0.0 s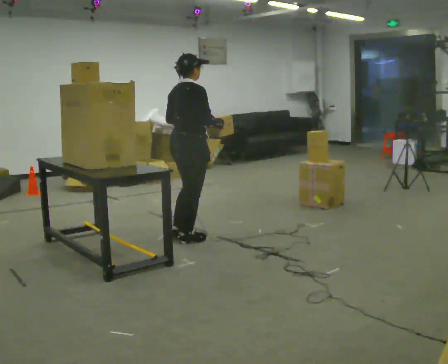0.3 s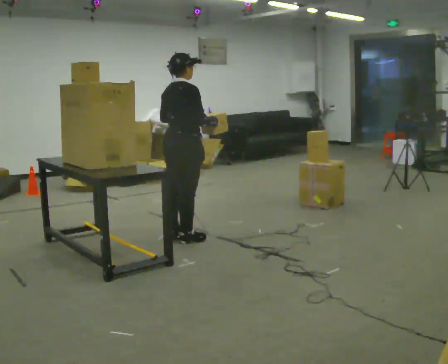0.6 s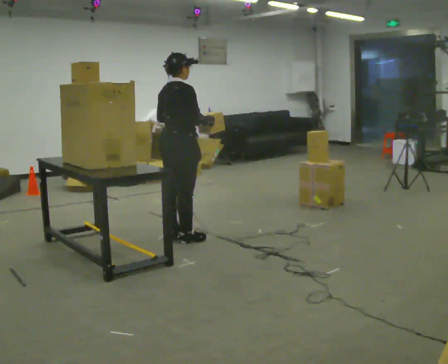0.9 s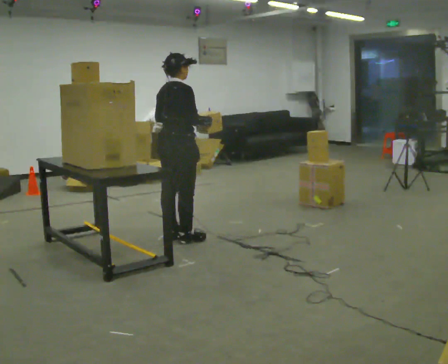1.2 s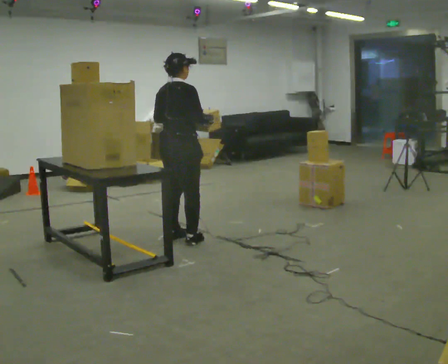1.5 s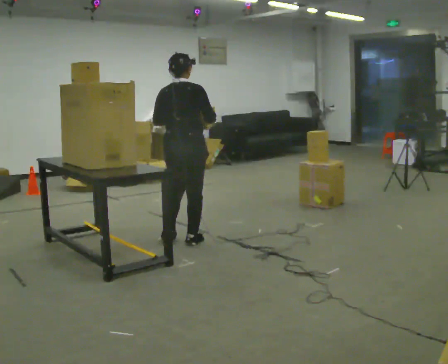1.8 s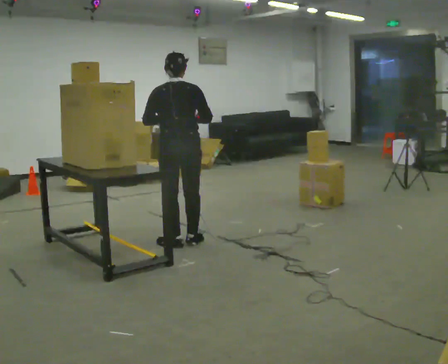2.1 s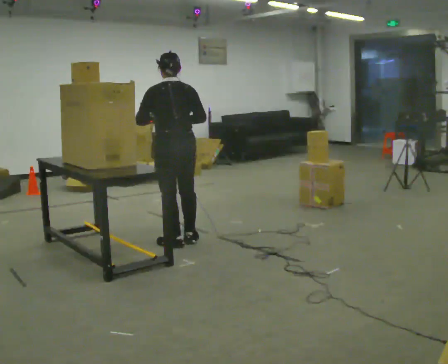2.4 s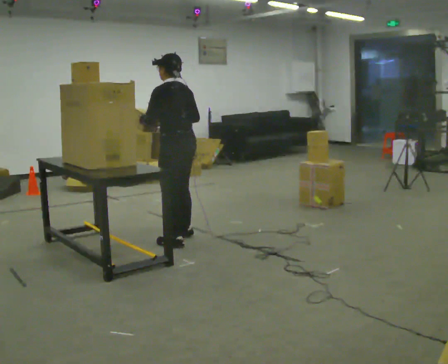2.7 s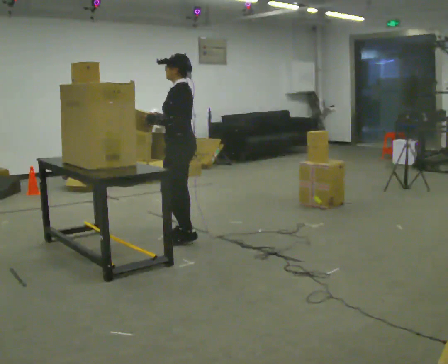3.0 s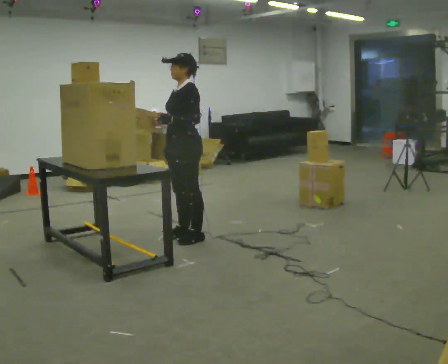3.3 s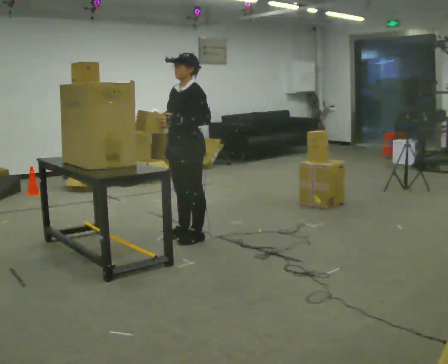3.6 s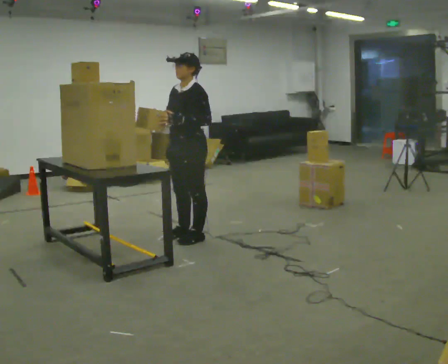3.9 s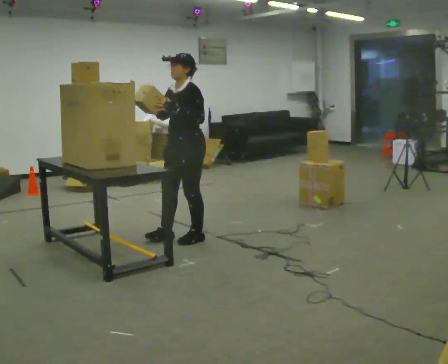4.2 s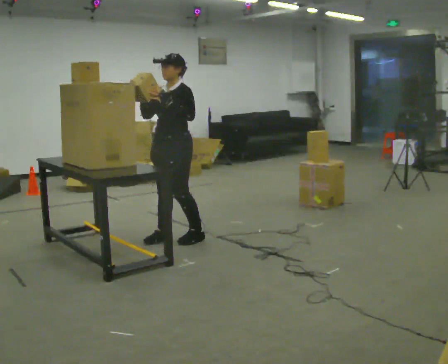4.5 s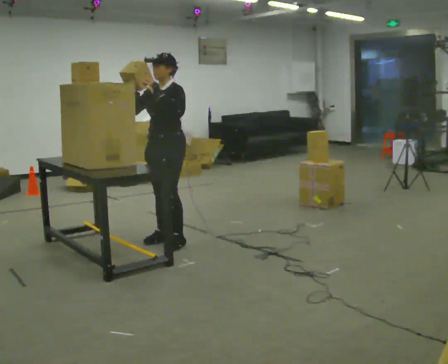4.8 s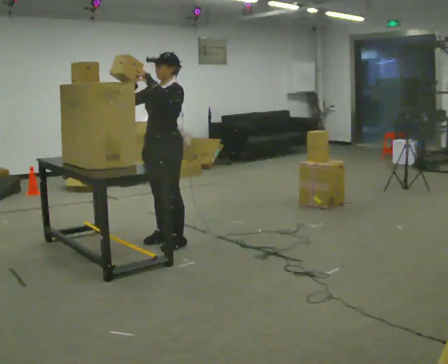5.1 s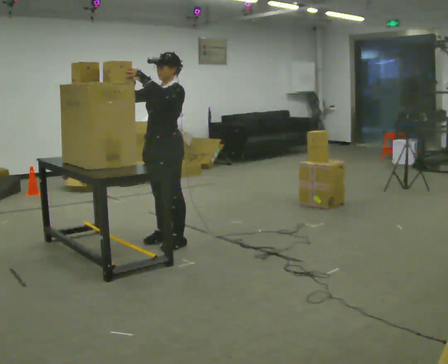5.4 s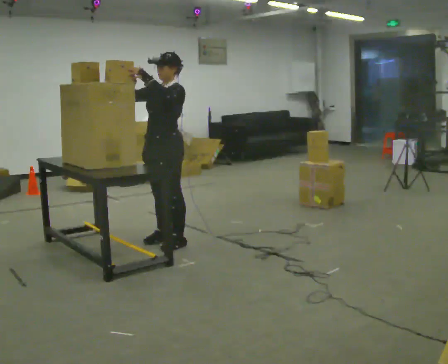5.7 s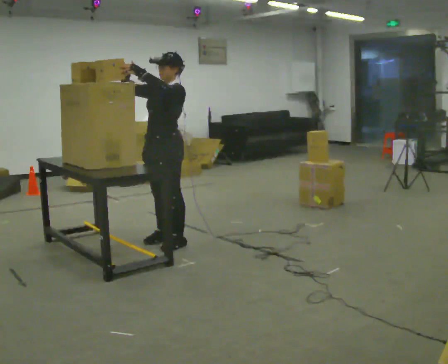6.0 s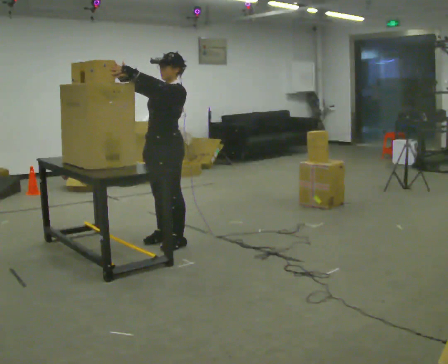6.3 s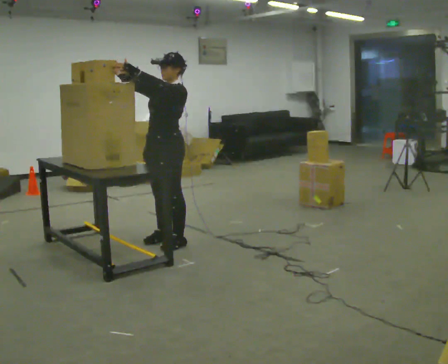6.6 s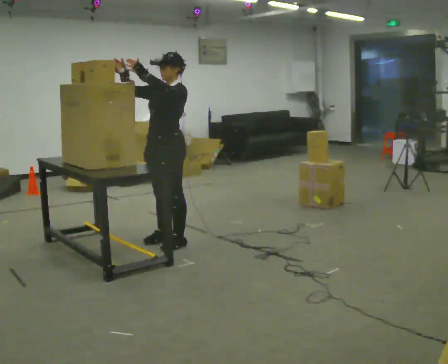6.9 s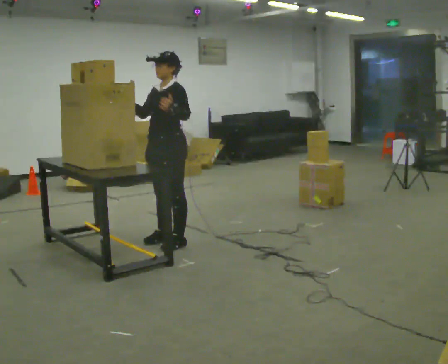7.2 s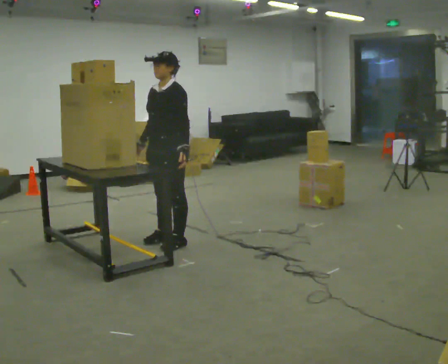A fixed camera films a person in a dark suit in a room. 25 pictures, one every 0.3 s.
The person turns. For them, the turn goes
to their left.
The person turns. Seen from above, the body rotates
counterclockwise.
0.0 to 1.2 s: The person moves a little, or ends about where they began.
1.2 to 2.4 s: The person turns about 105 degrees to their left, counterclockwise seen from above, so the part of the body nearest the lens slides to the right. In the picture their left hand goes to the left.
2.4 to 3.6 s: Seen from above the body turns counterclockwise, about 75 degrees: to their left, with its near side sliding to the right.
3.6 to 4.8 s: In the picture they go to the left, about 0.25 m in 2 steps, which for them is forward.
4.8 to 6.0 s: The person moves a little, or ends about where they began.
6.0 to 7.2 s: In the picture their right hand goes downward, the arm swinging counterclockwise.
The film runs backward here.
